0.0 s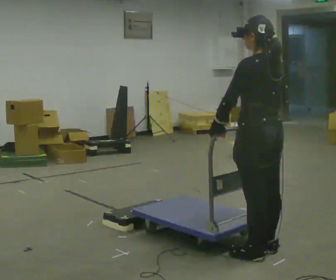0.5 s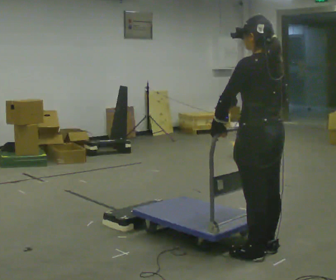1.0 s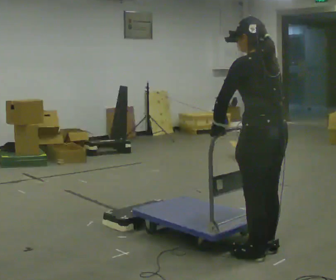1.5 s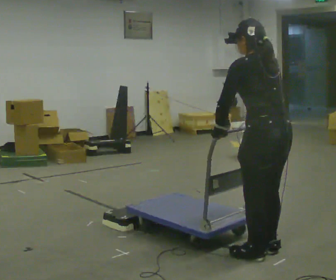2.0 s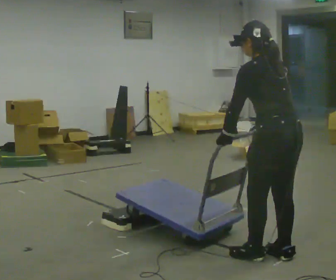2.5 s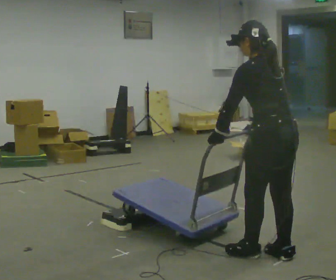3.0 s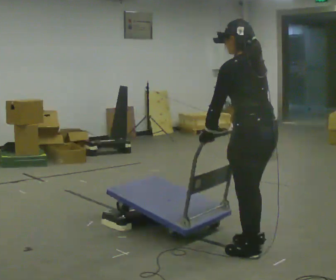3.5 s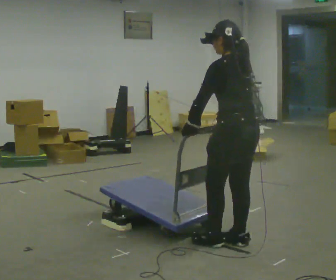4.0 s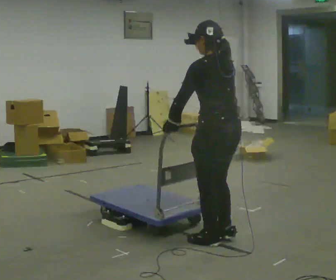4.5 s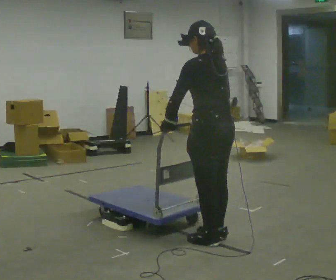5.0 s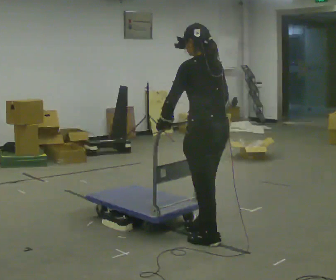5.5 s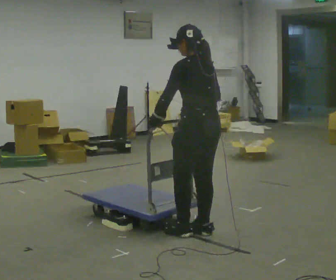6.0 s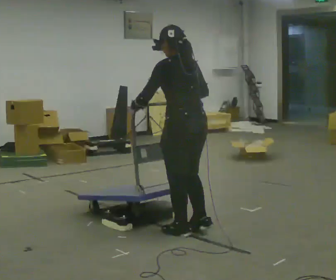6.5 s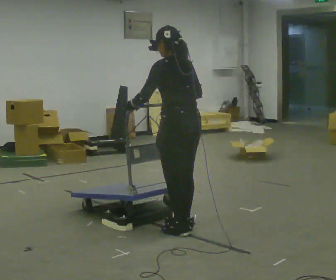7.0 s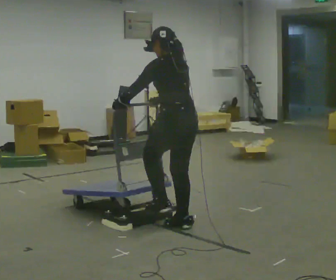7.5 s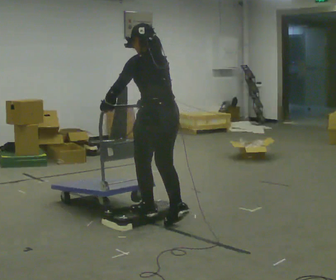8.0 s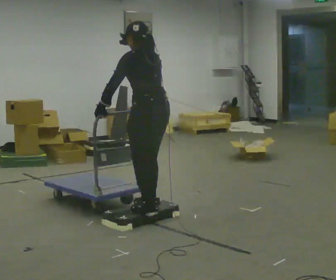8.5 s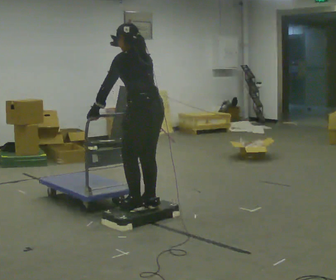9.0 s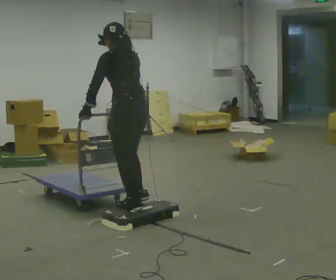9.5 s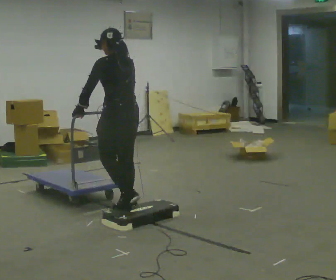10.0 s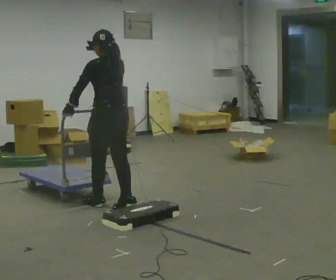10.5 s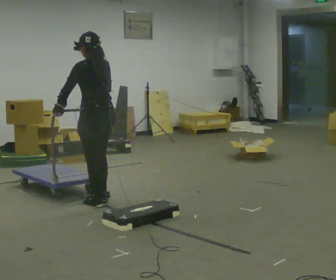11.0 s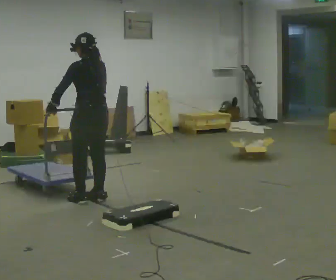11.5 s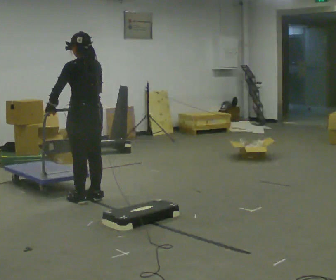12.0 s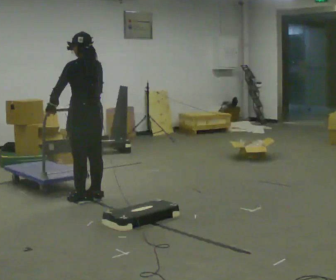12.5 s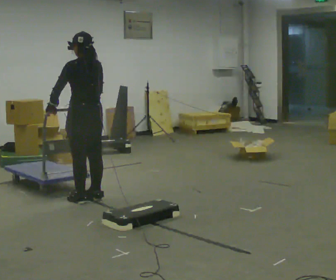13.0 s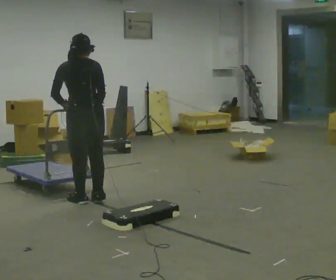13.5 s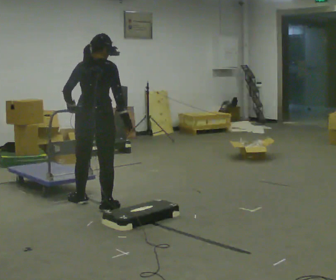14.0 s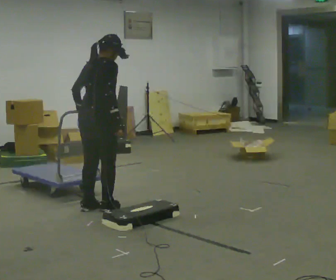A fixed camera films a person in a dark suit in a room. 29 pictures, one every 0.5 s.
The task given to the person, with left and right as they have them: Push the cart up over the low platform edge and down the other side, then bring it back over.
0.0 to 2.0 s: In the picture the upper body tilts counterclockwise, shoulders to the left, as they bend forward.
2.0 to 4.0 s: In the picture they go to the left and away from the camera, about 0.5 m in 2 steps, which for them is forward.
4.0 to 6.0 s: In the picture they go away from the camera and to the left, about 0.25 m in 2 steps, which for them is forward.
6.0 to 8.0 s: In the picture they go away from the camera and to the left, about 0.5 m in 3 steps, which for them is forward.
8.0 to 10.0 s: In the picture they go away from the camera and to the left, about 0.5 m in 3 steps, which for them is forward.
10.0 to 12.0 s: In the picture they go to the left and away from the camera, about 0.25 m in 2 steps, which for them is forward.
12.0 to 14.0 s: The person turns about 90 degrees to their right, clockwise seen from above, so the part of the body nearest the lens slides to the left. In the picture they go toward the camera, about 0.25 m in 2 steps.
The film runs forward here.
